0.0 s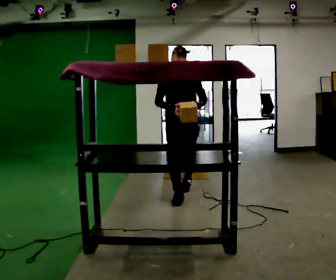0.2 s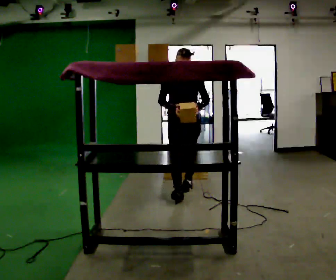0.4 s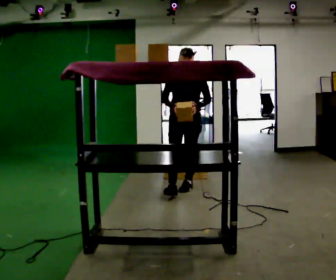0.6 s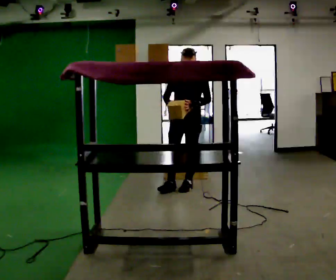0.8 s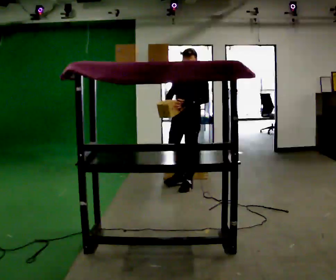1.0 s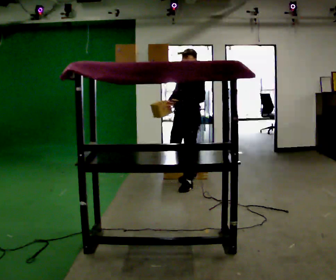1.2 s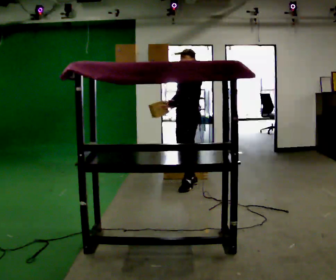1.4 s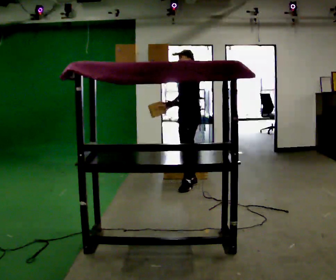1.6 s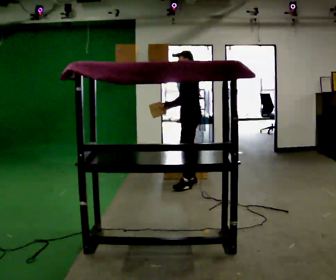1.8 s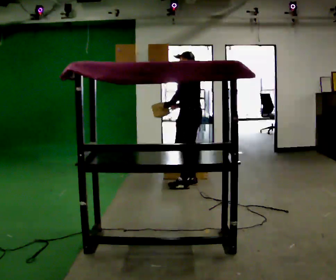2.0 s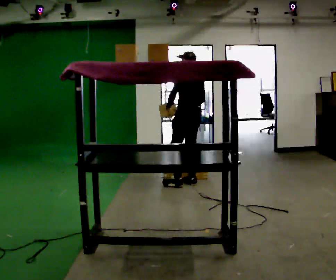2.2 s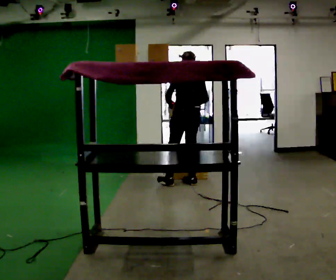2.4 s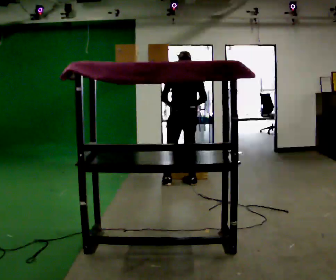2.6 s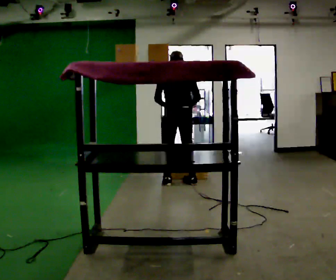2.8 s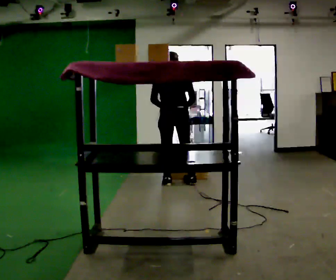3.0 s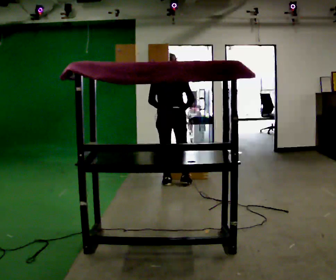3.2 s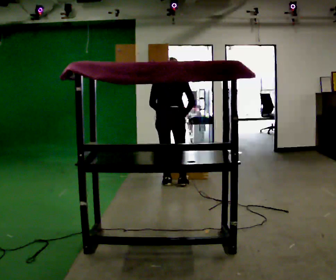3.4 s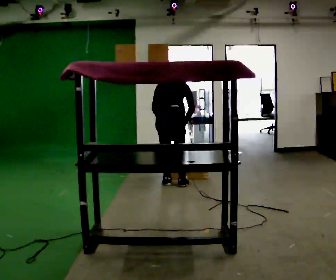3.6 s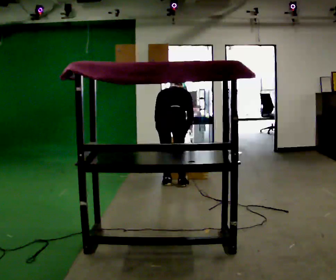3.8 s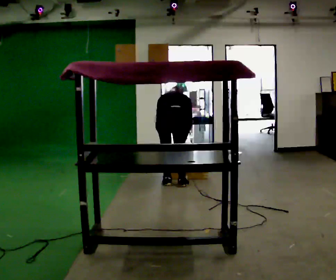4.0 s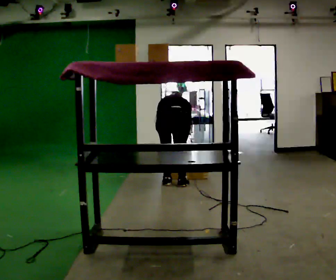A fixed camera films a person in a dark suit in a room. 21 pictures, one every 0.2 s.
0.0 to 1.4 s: Seen from above the body turns clockwise, about 90 degrees: to their right, with its near side sliding to the left. In the picture they go away from the camera, about 0.5 m in 1 step.
1.4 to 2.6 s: Seen from above the body turns clockwise, about 105 degrees: to their right, with its near side sliding to the left. In the picture their right hand goes to the right, the arm swinging counterclockwise.
2.6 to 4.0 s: In the picture they go toward the camera, about 0.25 m in 1 step, which for them is backward. The shoulders move downward. The upper body tips away from the camera, its near side rolling upward, as they bend forward. In the picture their right hand goes downward.
The film runs backward here.
